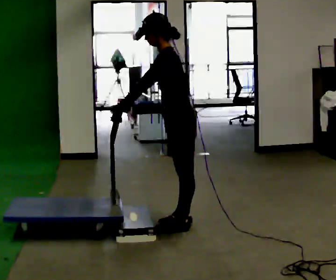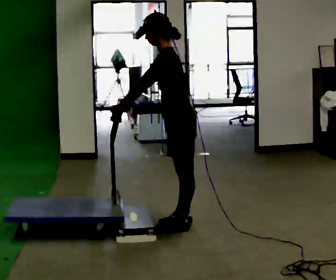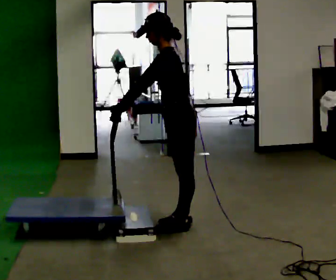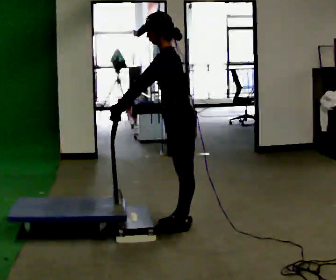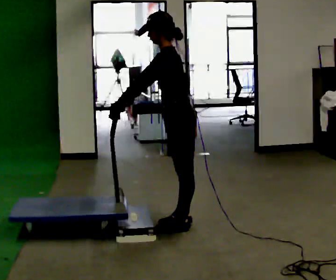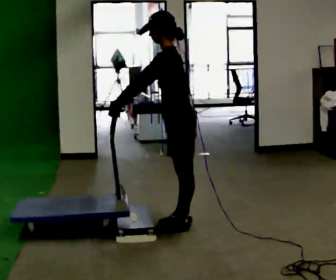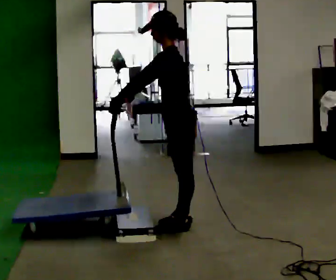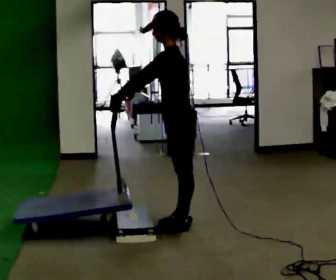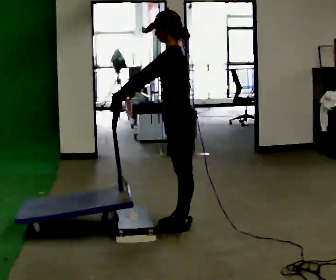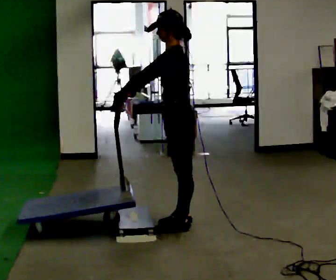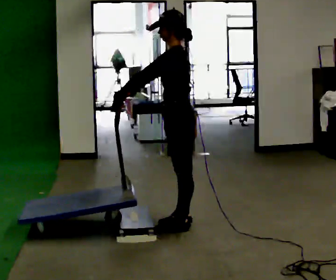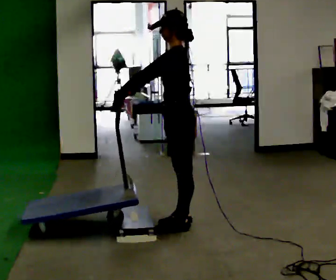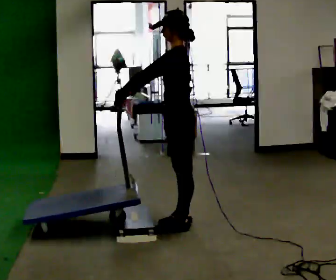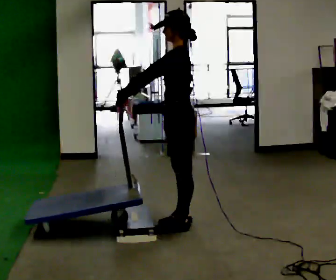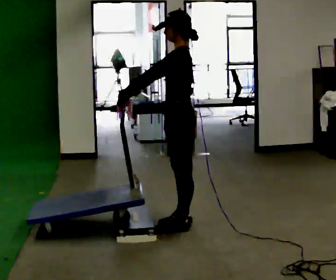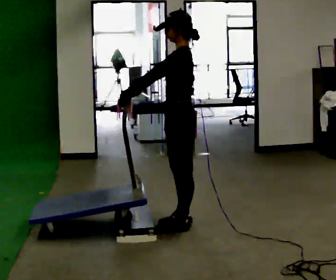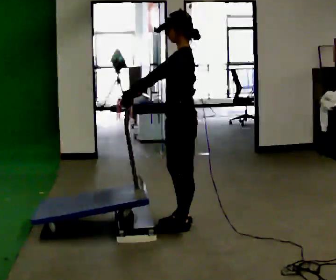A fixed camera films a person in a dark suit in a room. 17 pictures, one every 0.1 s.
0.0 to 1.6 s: In the picture the upper body tilts clockwise, shoulders to the right, as they lean back or straighten.
The film runs forward here.
